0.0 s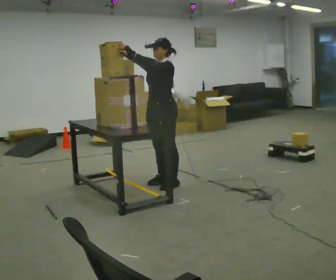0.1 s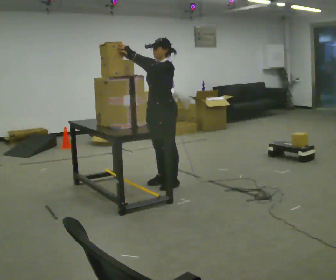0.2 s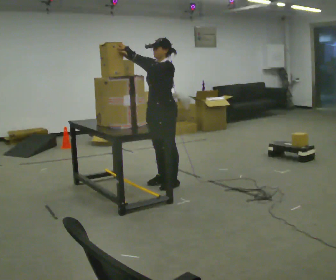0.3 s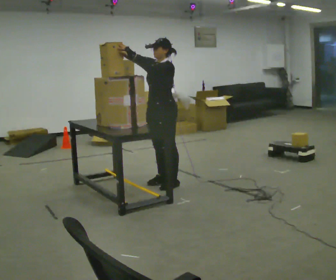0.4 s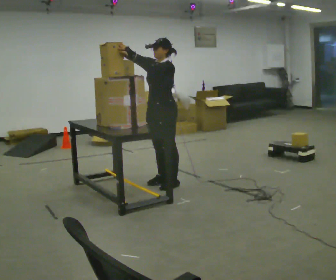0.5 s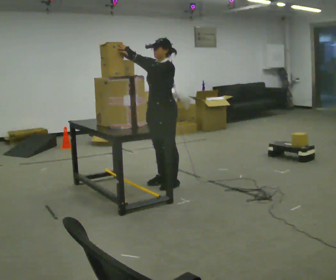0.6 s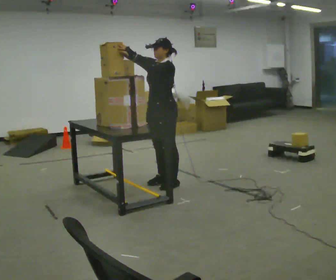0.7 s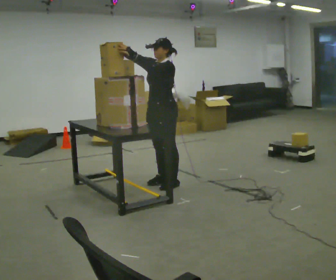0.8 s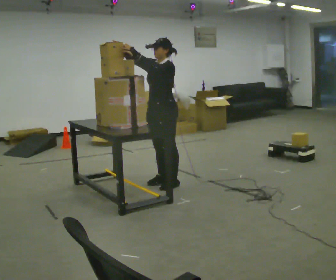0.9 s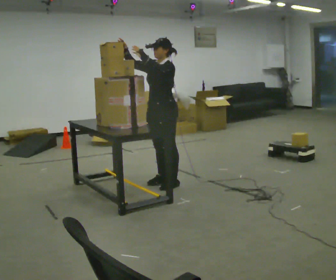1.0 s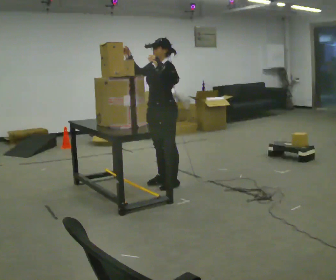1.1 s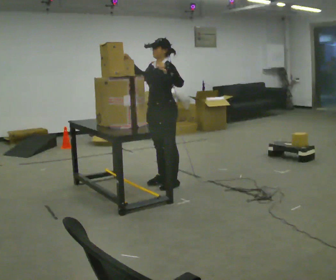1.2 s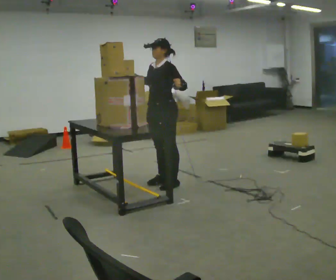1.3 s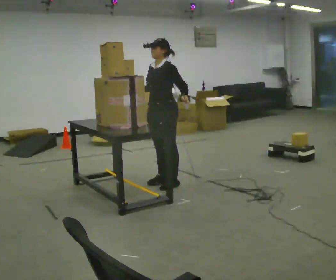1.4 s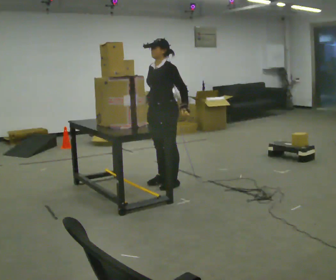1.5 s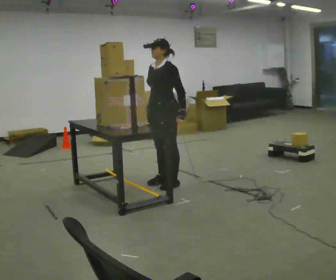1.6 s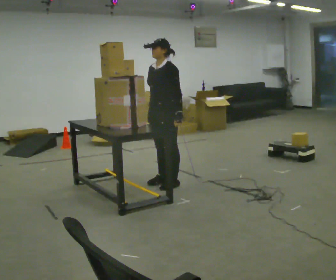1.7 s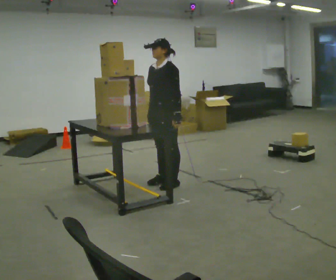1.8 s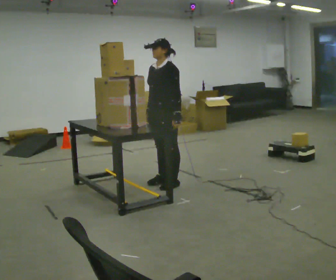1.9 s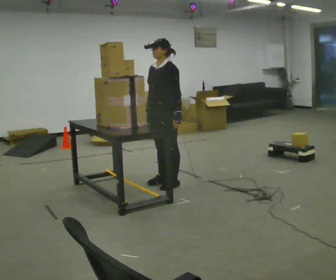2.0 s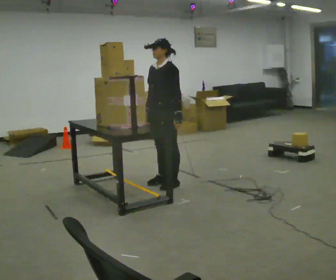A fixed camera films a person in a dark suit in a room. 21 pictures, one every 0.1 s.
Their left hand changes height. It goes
downward.
Their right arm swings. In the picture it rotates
counterclockwise.
0.0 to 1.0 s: The person moves a little, or ends about where they began.
1.0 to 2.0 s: In the picture their right hand goes downward, the arm swinging counterclockwise.
The film runs forward here.
